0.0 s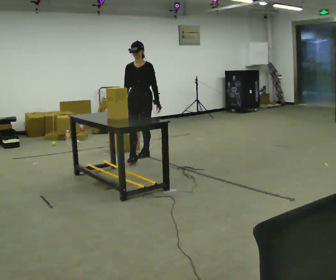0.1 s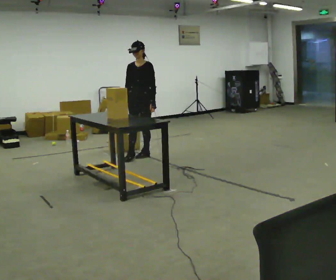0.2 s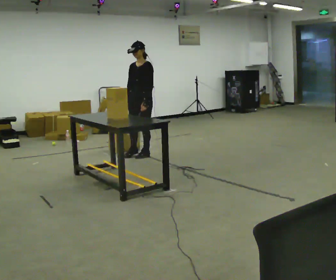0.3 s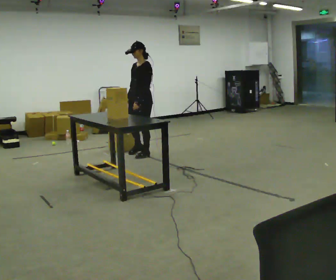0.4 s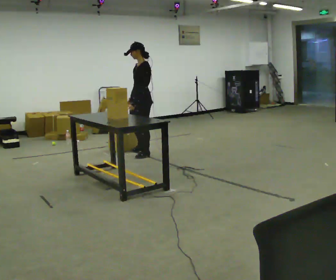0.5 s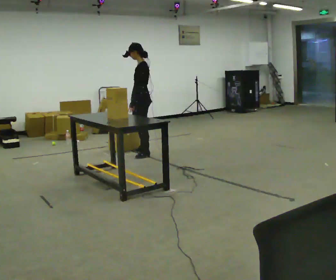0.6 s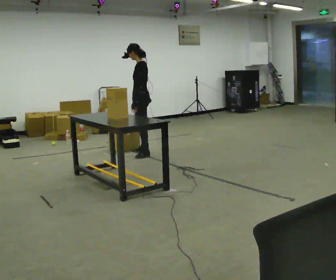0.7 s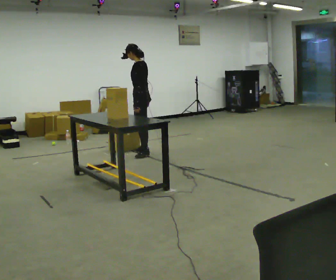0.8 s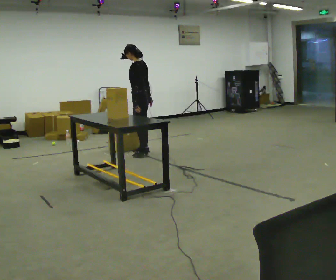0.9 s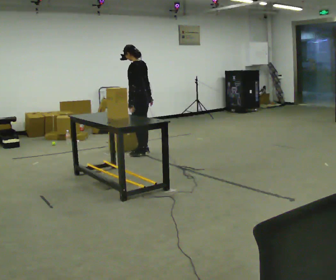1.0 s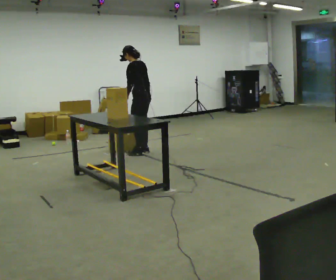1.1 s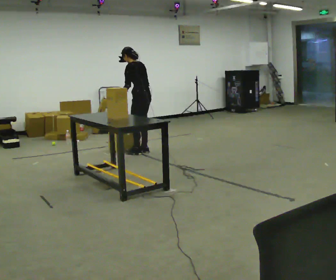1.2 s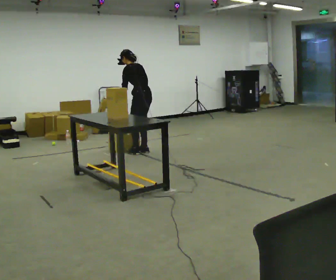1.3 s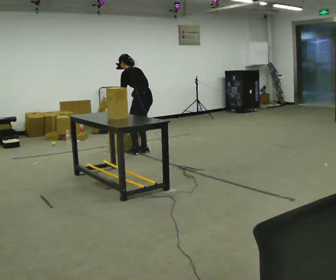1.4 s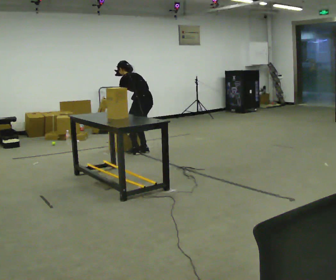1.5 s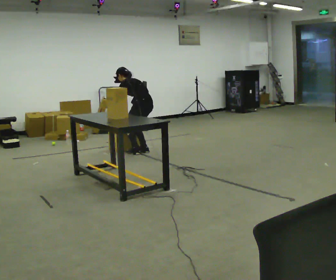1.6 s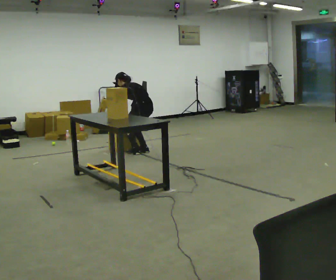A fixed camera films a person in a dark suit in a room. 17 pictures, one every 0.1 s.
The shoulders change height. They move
downward.
The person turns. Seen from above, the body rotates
clockwise.
0.0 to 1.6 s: The part of the body nearest the lens slides to the left as the person turns to their right by about 120 degrees. In the picture they go away from the camera, about 0.25 m. The shoulders move downward. The upper body tips away from the camera, its near side rolling upward, as they bend forward. In the picture their left hand goes downward.
The film runs backward here.
